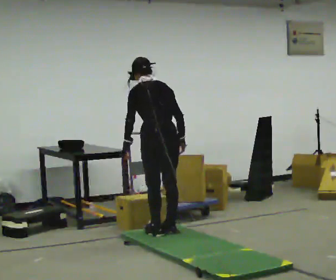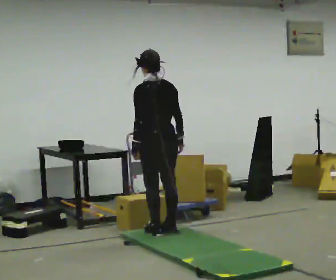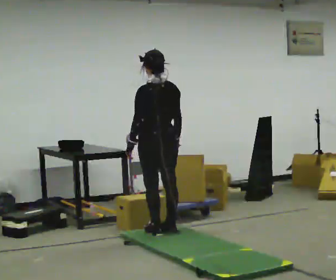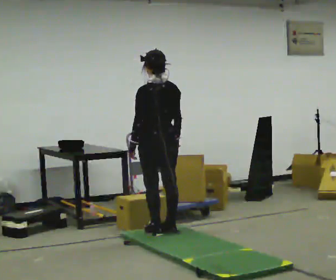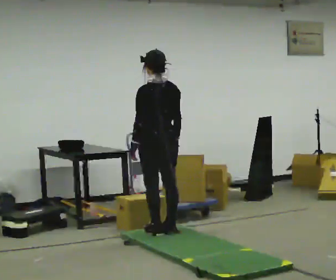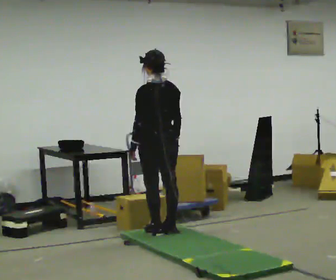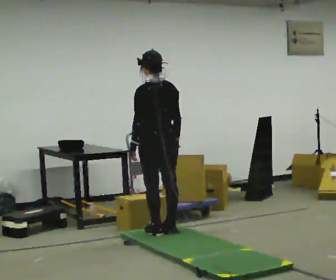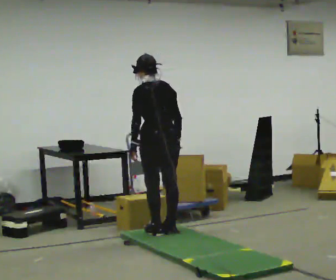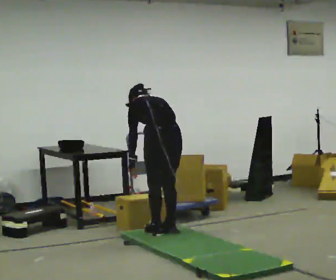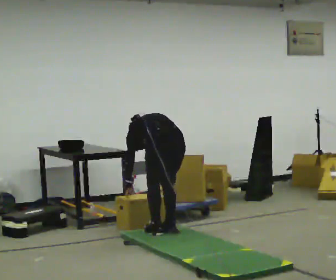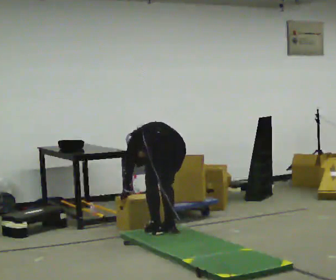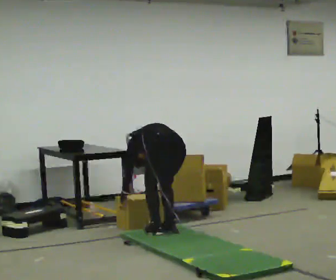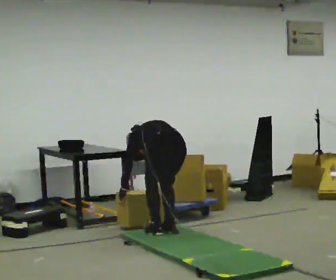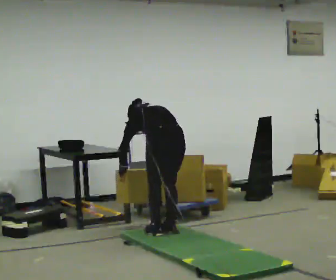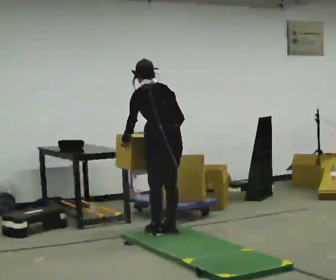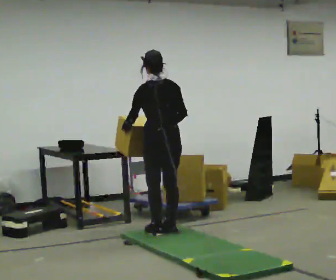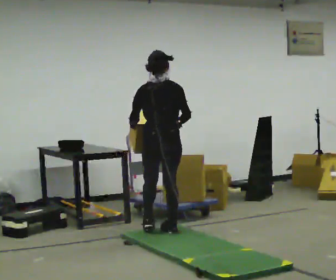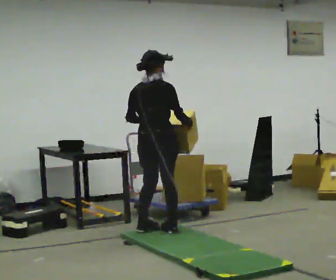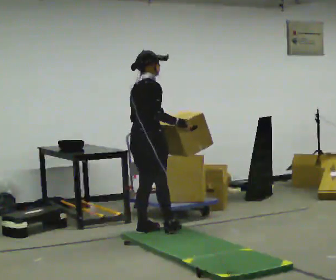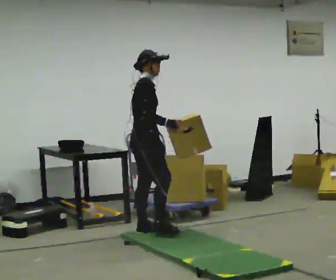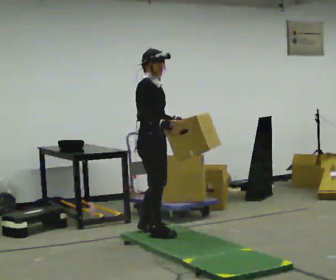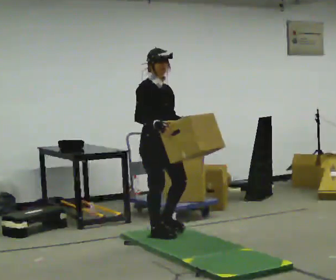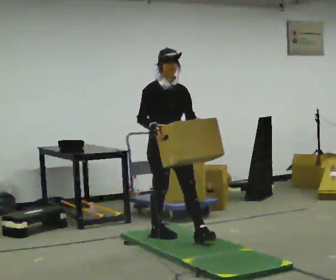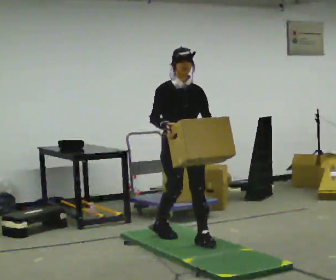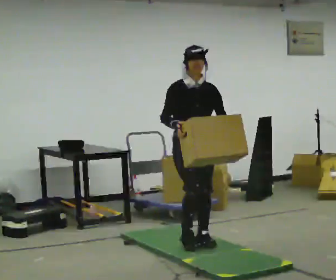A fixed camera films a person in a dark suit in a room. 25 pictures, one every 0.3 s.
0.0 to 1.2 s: The upper body tips toward the camera, its near side rolling downward, as they lean back or straighten.
1.2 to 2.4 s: The upper body goes downward. The upper body tips away from the camera, its near side rolling upward, as they bend forward.
2.4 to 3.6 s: The upper body goes downward. The upper body tips away from the camera, its near side rolling upward, as they bend forward.
3.6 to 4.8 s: In the picture they go away from the camera, about 0.25 m, which for them is forward. The upper body goes upward. The upper body tips toward the camera, its near side rolling downward, as they lean back or straighten. In the picture their left hand goes upward.
4.8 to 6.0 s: The person turns about 105 degrees to their right, clockwise seen from above, so the part of the body nearest the lens slides to the left. In the picture they go toward the camera, about 0.25 m in 2 steps.
6.0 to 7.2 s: Seen from above the body turns clockwise, about 60 degrees: to their right, with its near side sliding to the left. In the picture they go toward the camera and to the right, about 0.5 m in 1 step, which for them is forward.
The film runs forward here.
